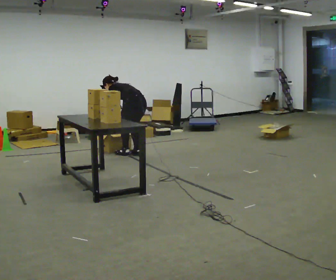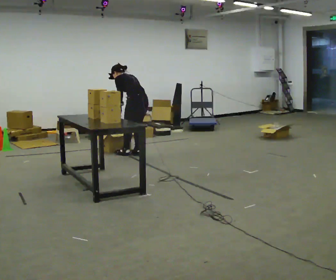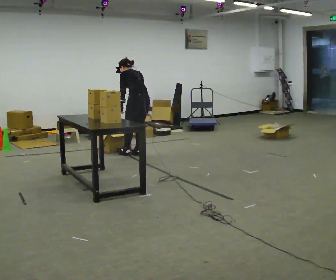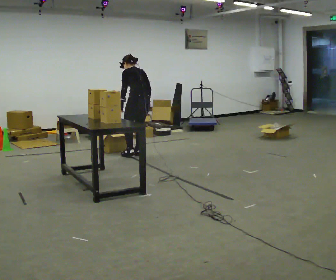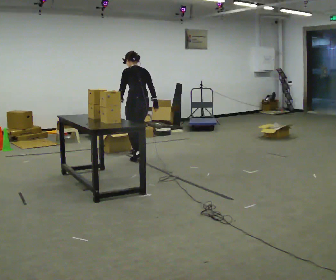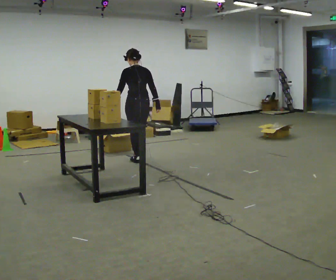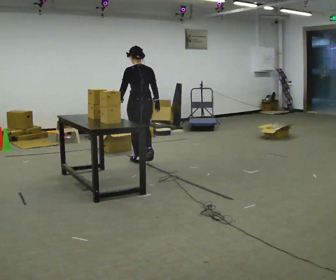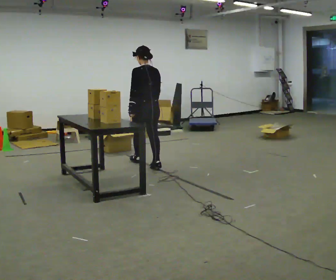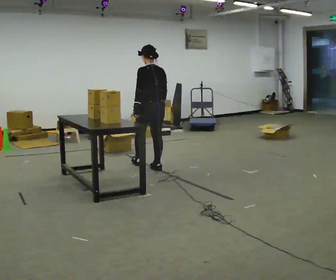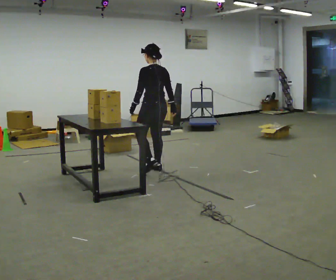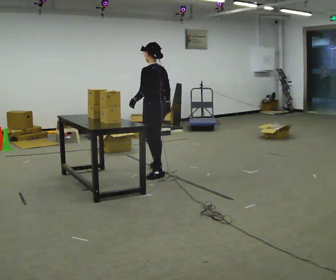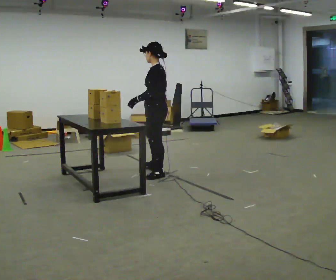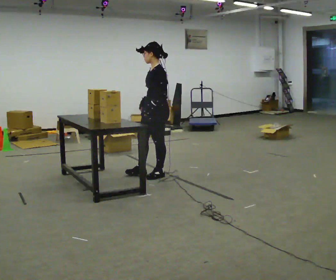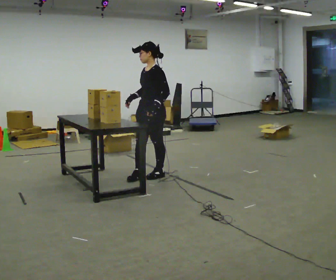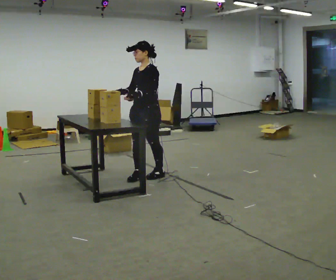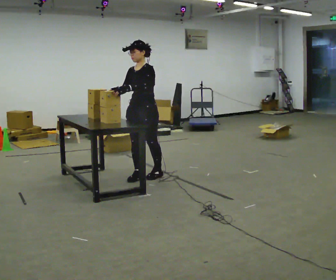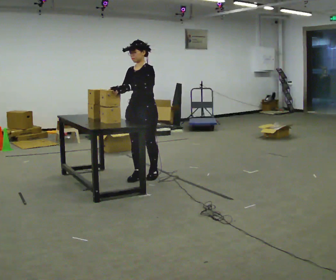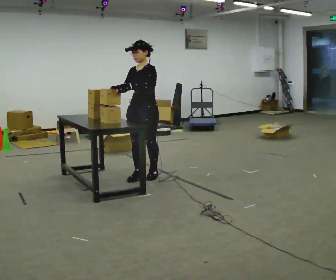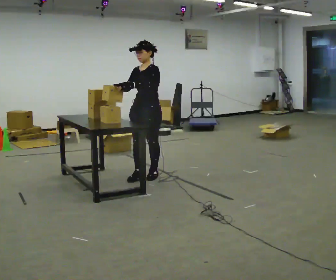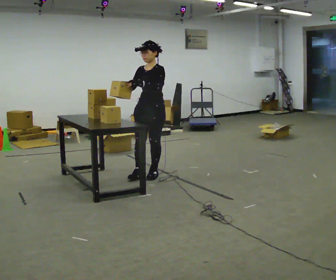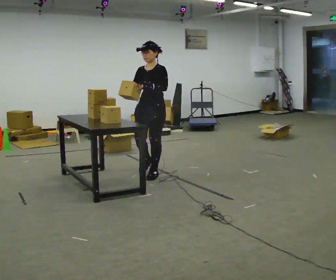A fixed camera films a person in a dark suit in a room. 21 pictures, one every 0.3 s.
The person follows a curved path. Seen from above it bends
clockwise.
The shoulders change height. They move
upward.
0.0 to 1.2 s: The upper body goes upward. In the picture the upper body tilts clockwise, shoulders to the right, as they lean back or straighten. In the picture their right hand goes to the right and upward.
1.2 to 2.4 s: In the picture they go toward the camera, about 0.5 m in 2 steps, which for them is backward.
2.4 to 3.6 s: The part of the body nearest the lens slides to the right as the person turns to their left by about 75 degrees. In the picture they go toward the camera, about 0.5 m in 1 step.
3.6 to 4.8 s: Seen from above the body turns counterclockwise, about 45 degrees: to their left, with its near side sliding to the right. In the picture they go to the left, about 0.25 m, which for them is forward.
4.8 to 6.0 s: In the picture they go away from the camera, about 0.25 m in 1 step, which for them is backward.
The film runs backward here.
